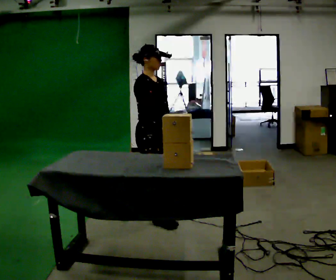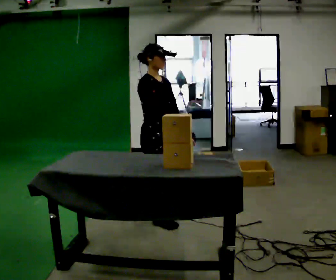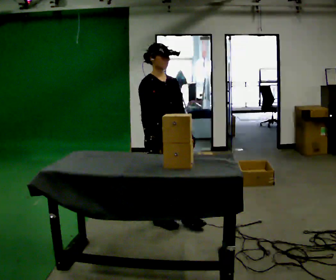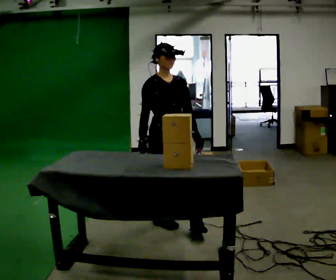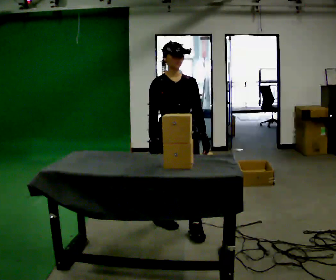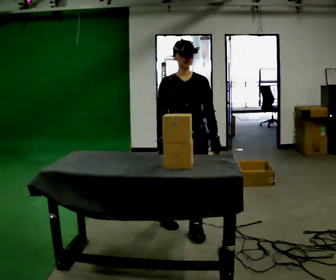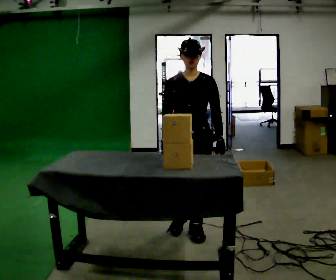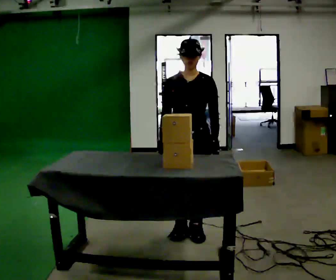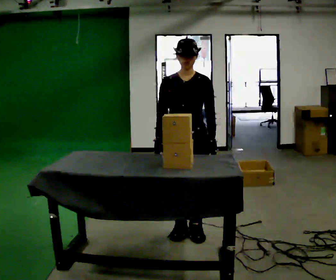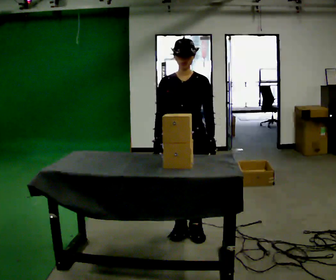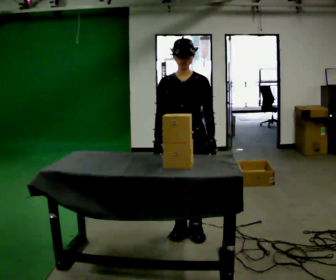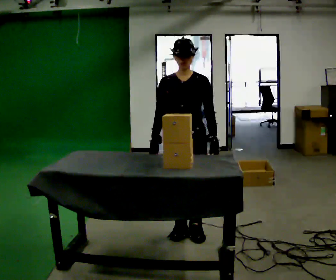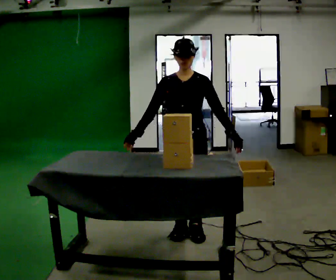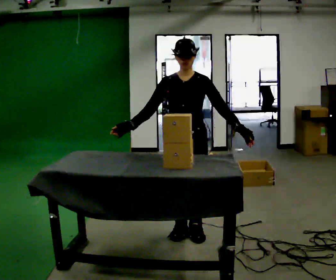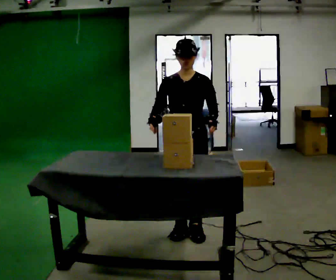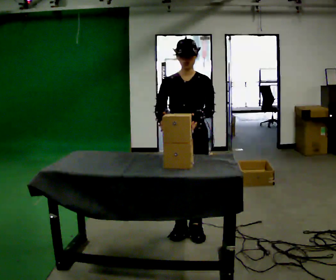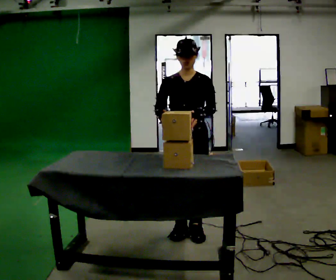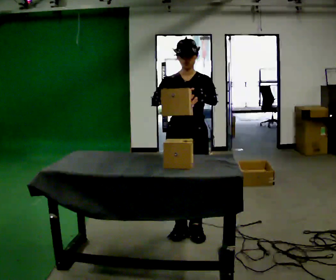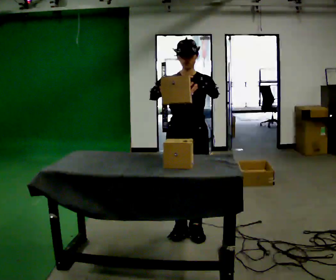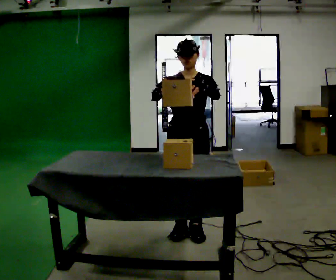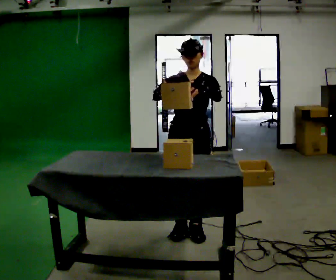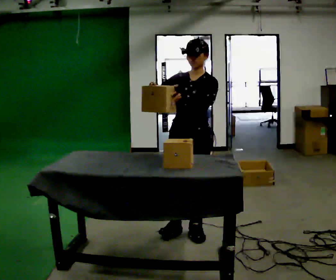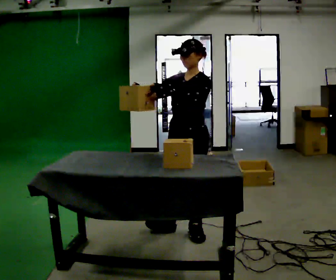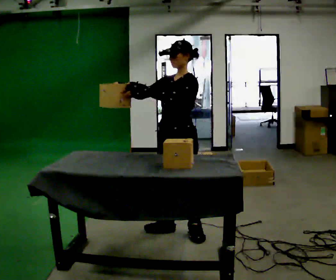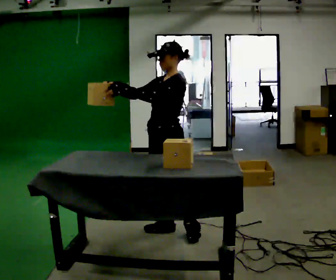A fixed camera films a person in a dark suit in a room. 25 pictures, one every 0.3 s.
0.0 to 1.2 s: Seen from above the body turns clockwise, about 45 degrees: to their right, with its near side sliding to the left. In the picture they go to the right and toward the camera, about 0.25 m in 1 step, which for them is forward.
1.2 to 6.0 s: The part of the body nearest the lens slides to the left as the person turns to their right by about 30 degrees. In the picture their left hand goes upward.
6.0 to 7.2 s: The person turns about 45 degrees to their right, clockwise seen from above, so the part of the body nearest the lens slides to the left. In the picture they go to the left, about 0.25 m, which for them is to their right. In the picture their right hand goes to the left.
The film runs forward here.
